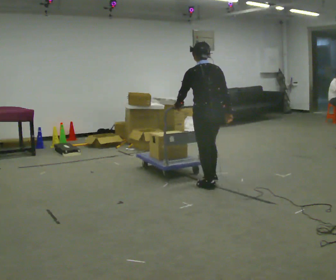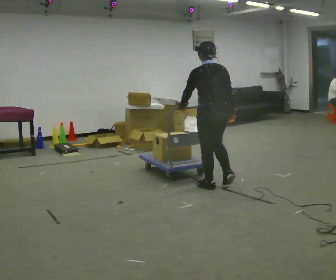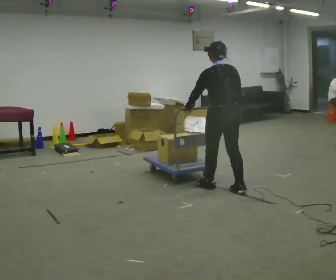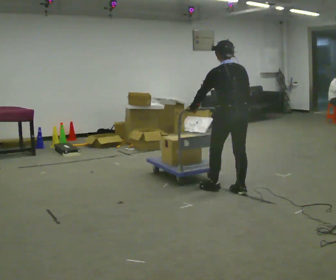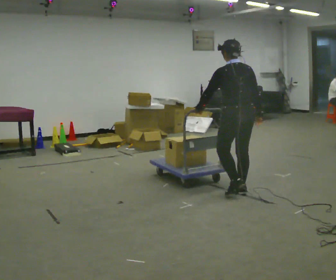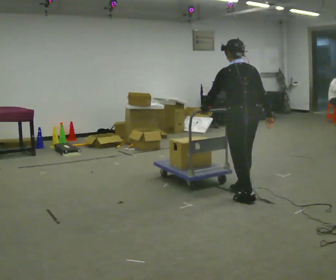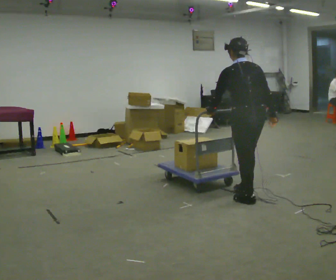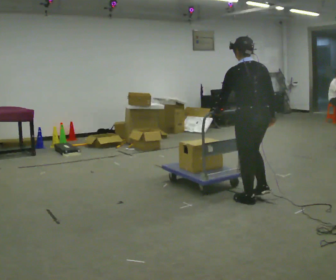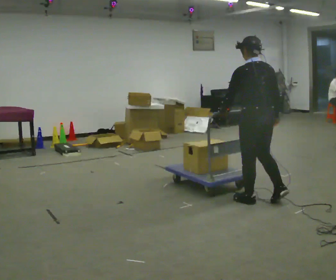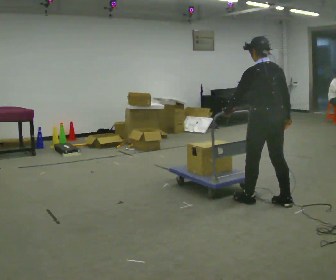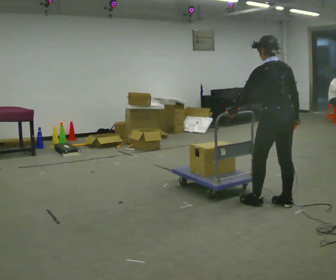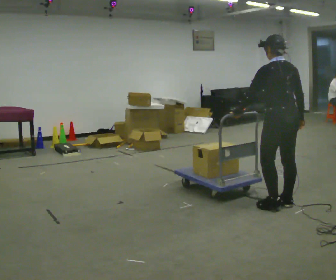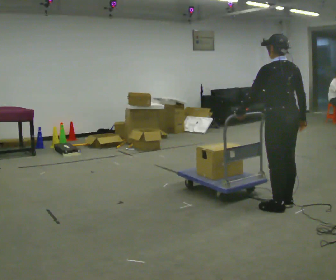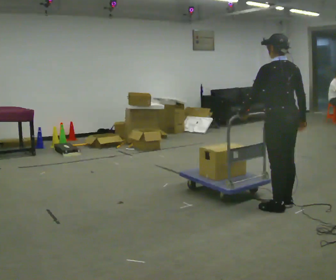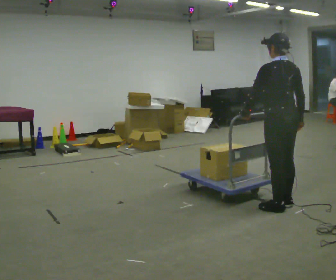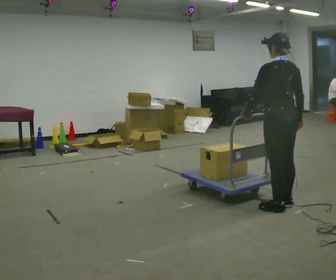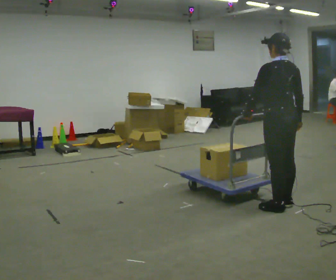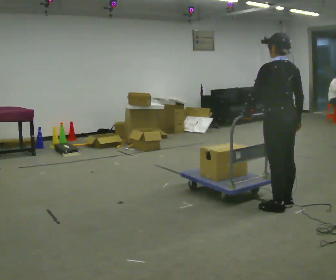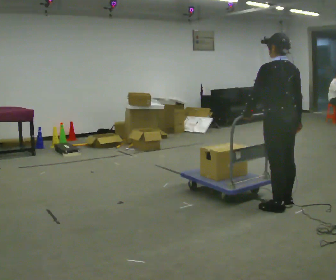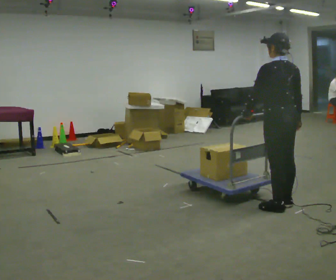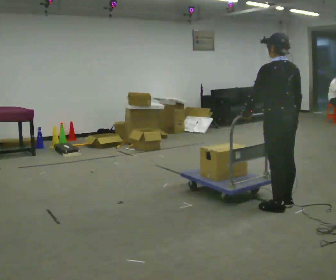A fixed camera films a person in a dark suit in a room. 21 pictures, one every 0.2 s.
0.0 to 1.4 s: In the picture they go to the right and toward the camera, about 0.5 m in 2 steps, which for them is backward.
1.4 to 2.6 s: In the picture they go to the right, about 0.25 m in 1 step, which for them is backward and to their right.
2.6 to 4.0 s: The person moves a little, or ends about where they began.
The film runs backward here.
